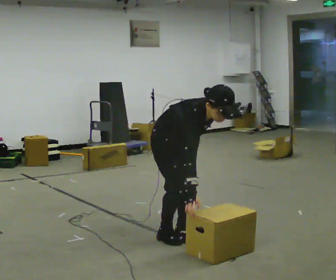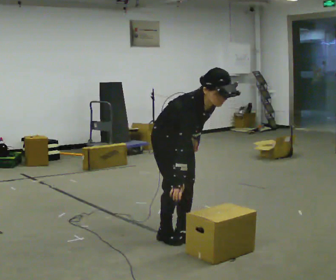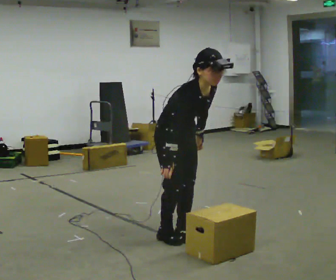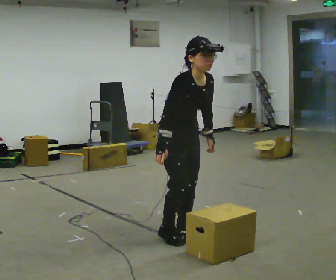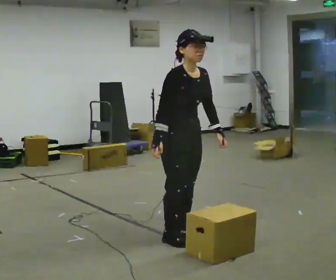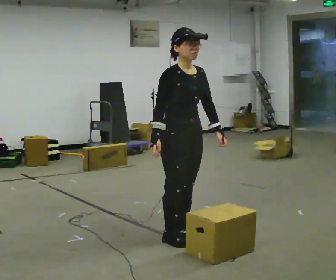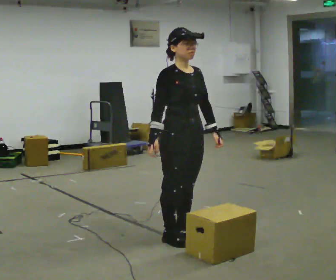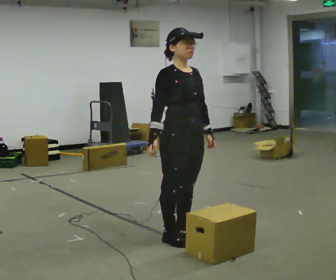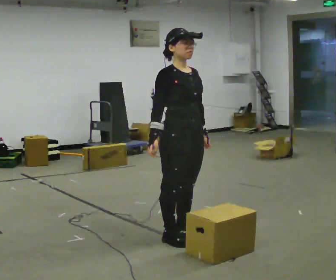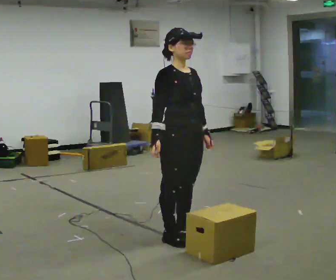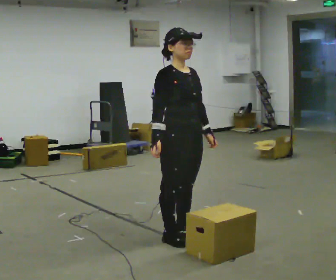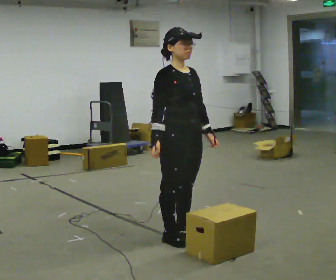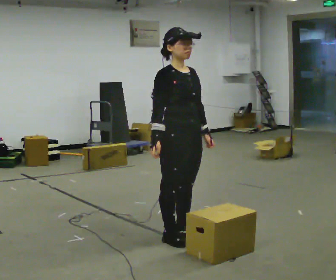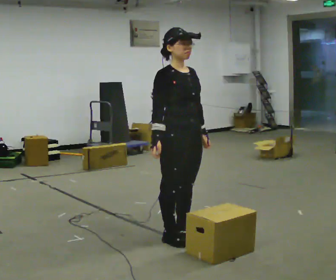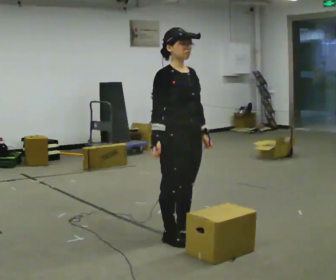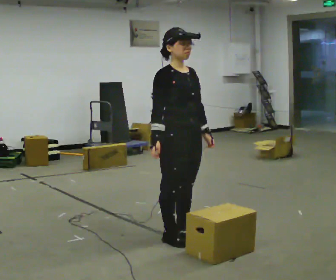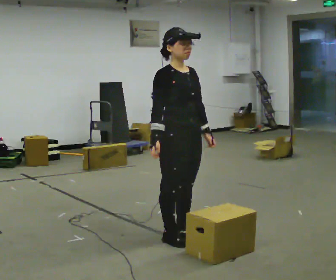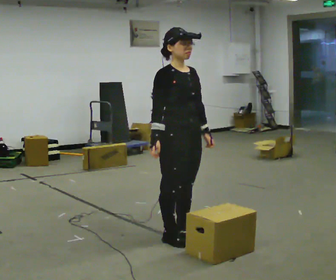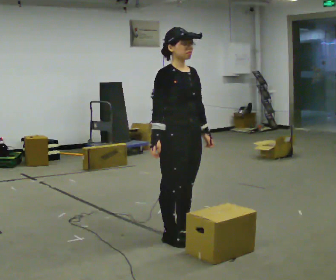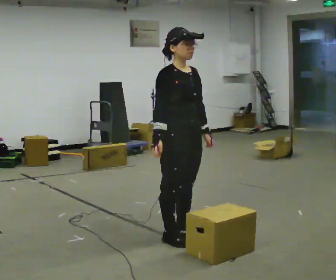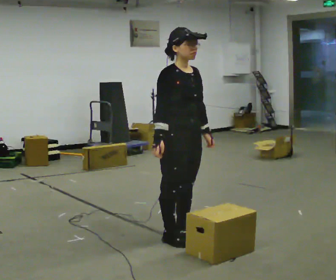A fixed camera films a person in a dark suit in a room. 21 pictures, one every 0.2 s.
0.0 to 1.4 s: The upper body goes upward. In the picture the upper body tilts counterclockwise, shoulders to the left, as they lean back or straighten.
1.4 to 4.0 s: The person moves a little, or ends about where they began.
The film runs forward here.
